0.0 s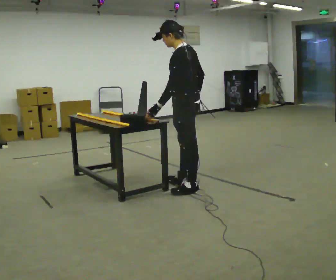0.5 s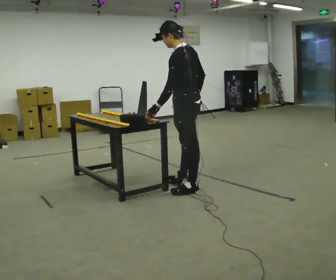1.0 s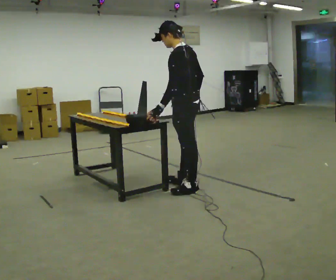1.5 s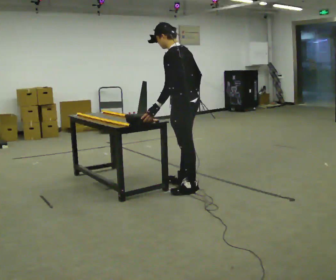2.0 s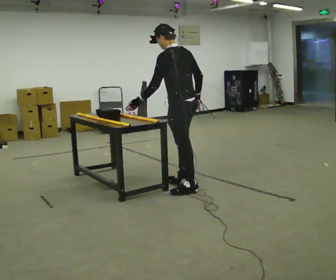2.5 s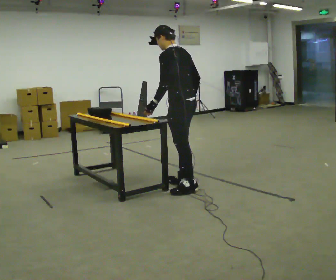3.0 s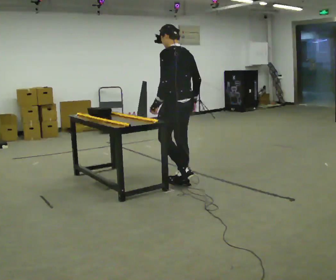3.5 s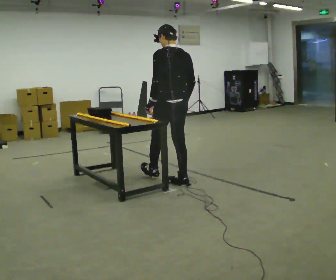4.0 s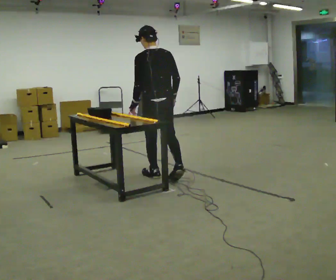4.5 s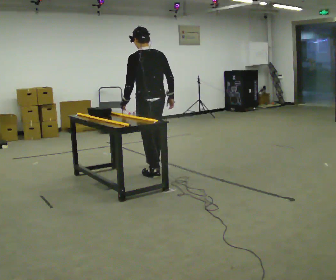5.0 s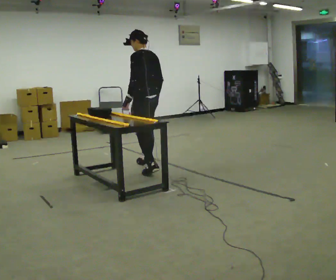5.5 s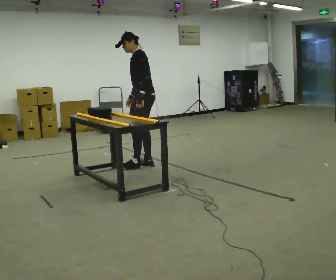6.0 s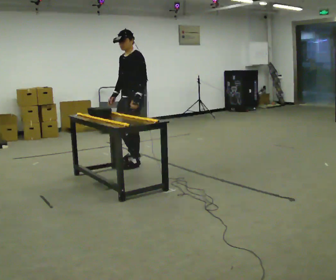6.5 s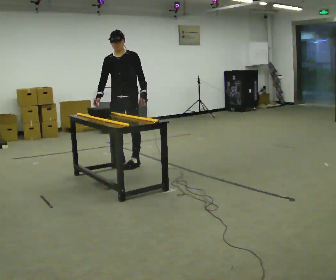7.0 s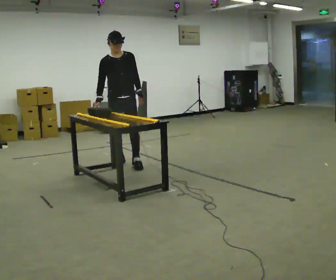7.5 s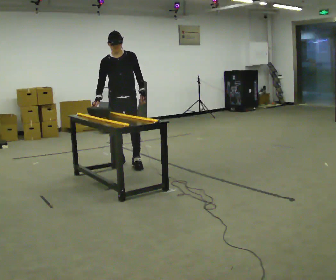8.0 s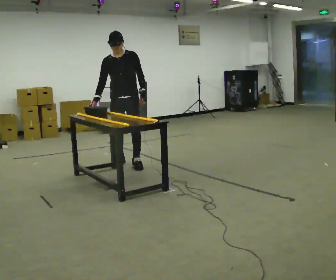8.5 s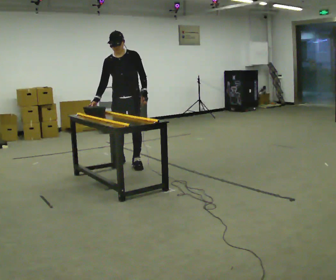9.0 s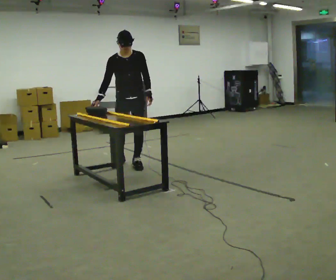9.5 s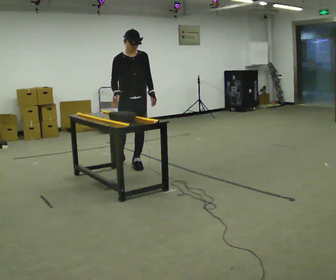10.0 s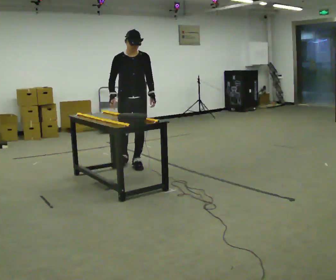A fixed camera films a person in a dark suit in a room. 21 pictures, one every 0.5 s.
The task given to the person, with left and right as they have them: Slide the object into the slot on the shelf in front of you. It is a close fit, so take the time you need. Repeat at your own pace until the operator says stop. Keep both feet on the marked spots for the whole take. If you have to step, stop and tell the operator.
0.0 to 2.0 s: In the picture they go away from the camera, about 0.25 m.
2.0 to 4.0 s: The person turns about 30 degrees to their right, clockwise seen from above, so the part of the body nearest the lens slides to the left. In the picture they go away from the camera and to the left, about 0.5 m in 1 step, which for them is forward.
4.0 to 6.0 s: The part of the body nearest the lens slides to the right as the person turns to their left by about 105 degrees. In the picture they go away from the camera and to the left, about 0.75 m in 2 steps.
6.0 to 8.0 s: The part of the body nearest the lens slides to the right as the person turns to their left by about 45 degrees.
8.0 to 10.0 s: The person moves a little, or ends about where they began.
The film runs forward here.
